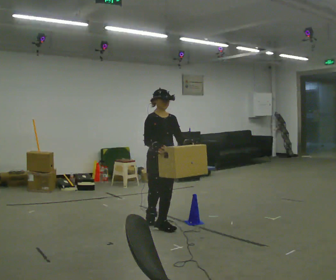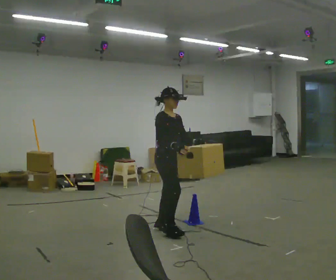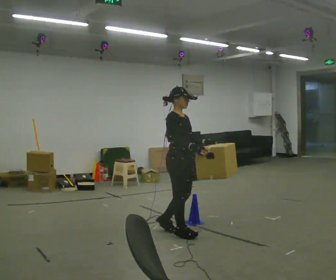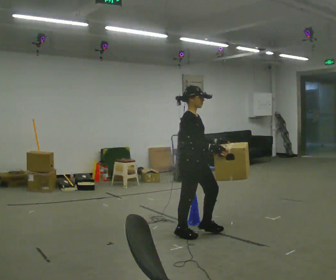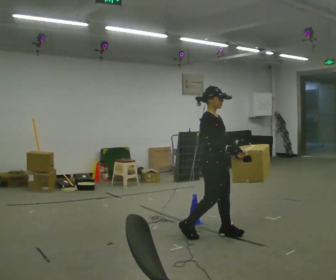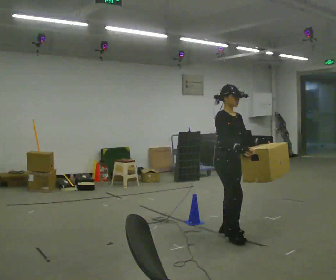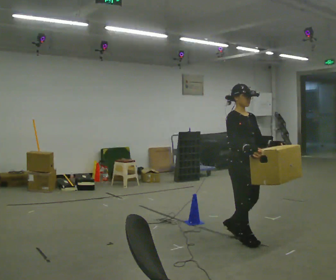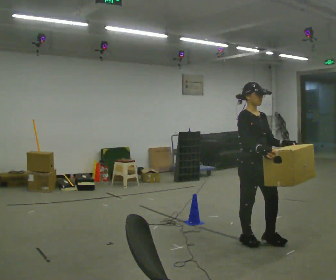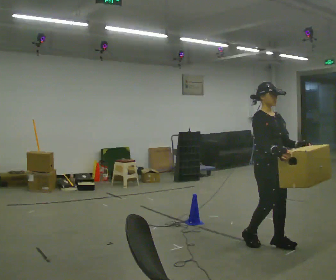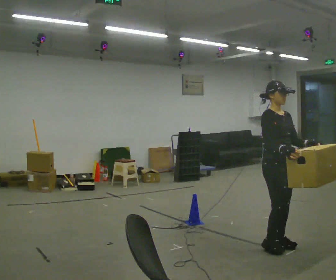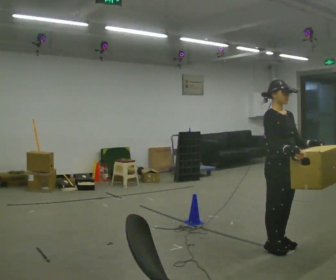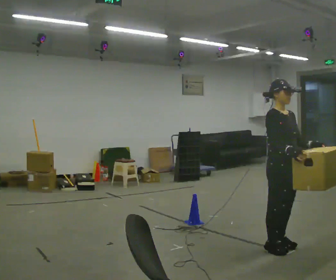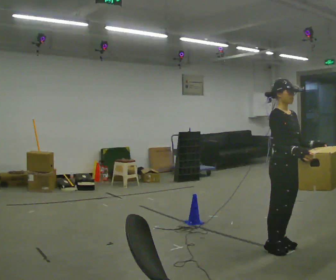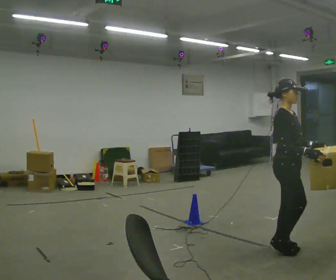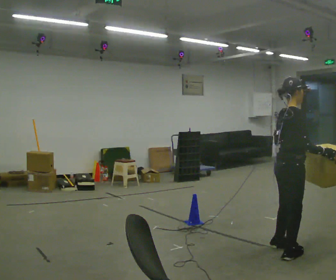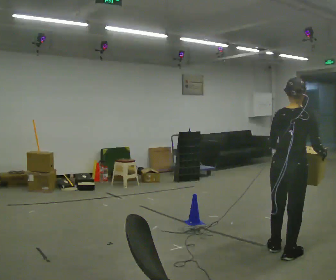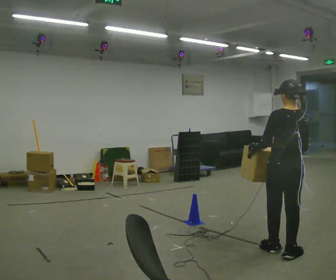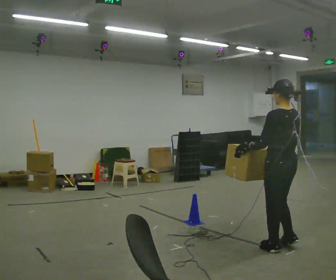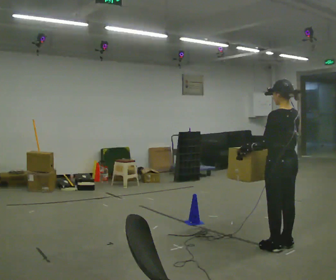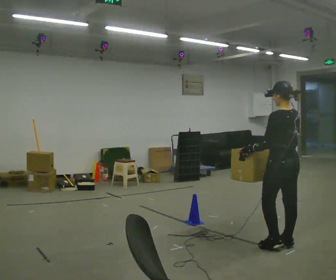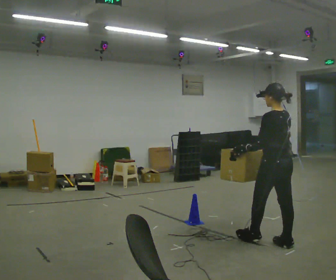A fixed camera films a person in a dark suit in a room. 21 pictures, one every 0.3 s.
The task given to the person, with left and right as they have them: Carry the box across the room. The operator will step into your path partway across, so go around them and carry on. Keep going until the operator says stop; one object at a time, and do not rush between trips.
0.0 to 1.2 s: Seen from above the body turns counterclockwise, about 30 degrees: to their left, with its near side sliding to the right. In the picture they go to the right, about 0.75 m in 2 steps, which for them is forward.
1.2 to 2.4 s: Seen from above the body turns clockwise, about 30 degrees: to their right, with its near side sliding to the left. In the picture they go to the right and toward the camera, about 0.75 m in 2 steps, which for them is forward.
2.4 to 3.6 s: The person moves a little, or ends about where they began.
3.6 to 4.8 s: Seen from above the body turns counterclockwise, about 150 degrees: to their left, with its near side sliding to the right. In the picture their left hand goes to the left.
4.8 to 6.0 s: Seen from above the body turns counterclockwise, about 30 degrees: to their left, with its near side sliding to the right. In the picture they go away from the camera, about 0.25 m in 1 step, which for them is forward and to their right.
The film runs forward here.
